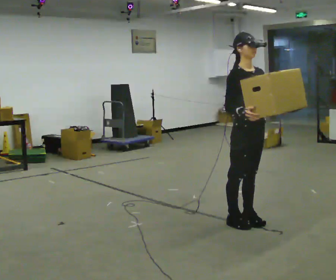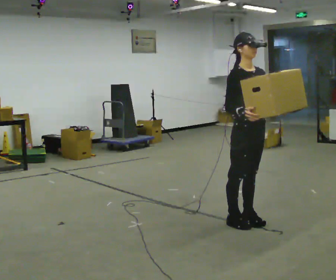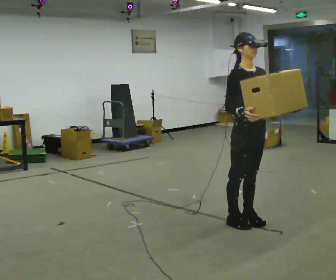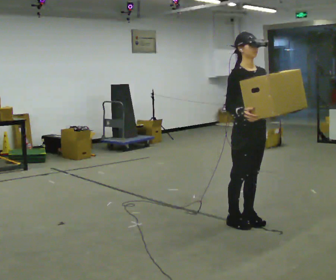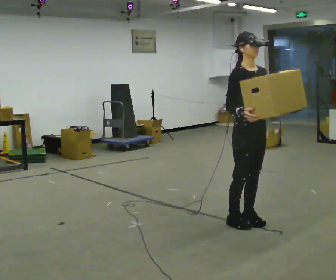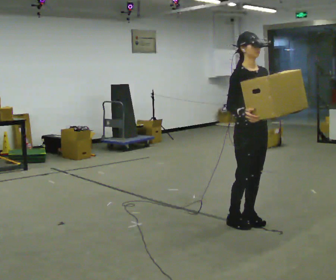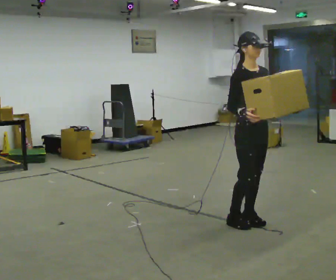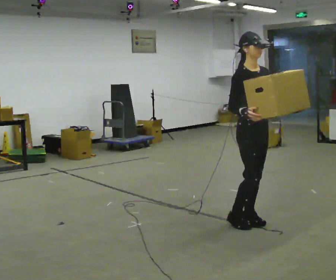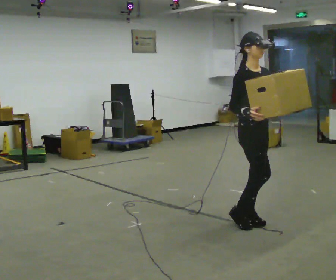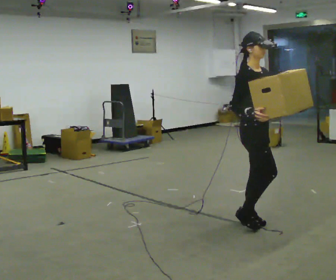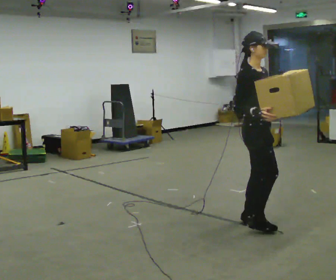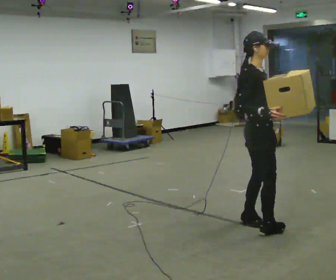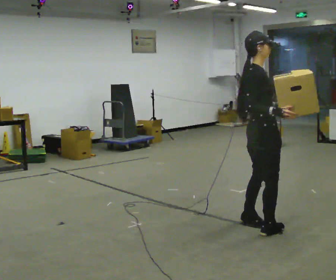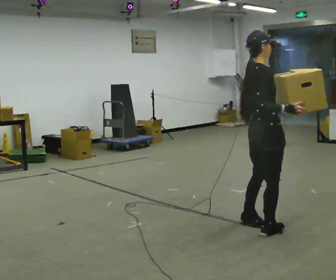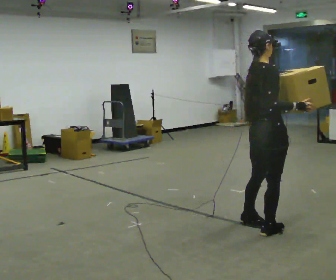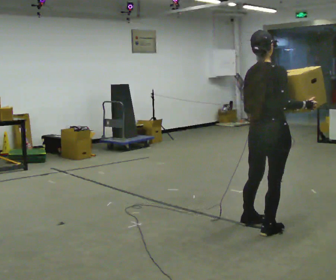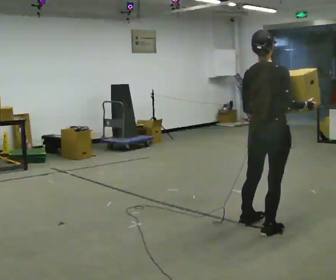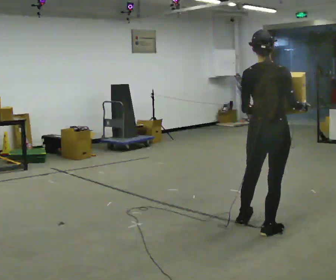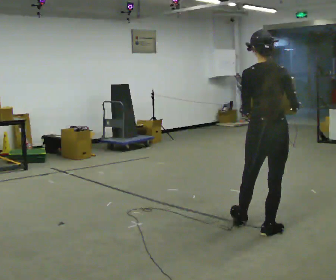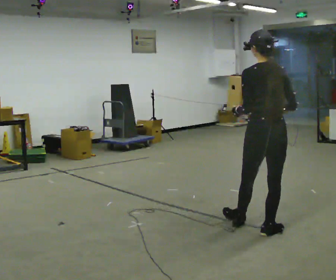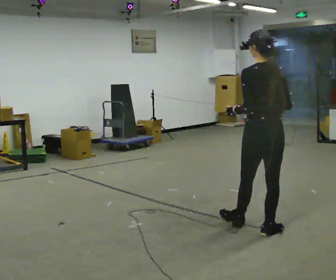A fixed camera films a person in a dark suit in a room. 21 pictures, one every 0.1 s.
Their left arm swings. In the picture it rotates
clockwise.
The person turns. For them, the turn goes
to their left.
0.0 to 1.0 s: Seen from above the body turns counterclockwise, about 30 degrees: to their left, with its near side sliding to the right.
1.0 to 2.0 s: Seen from above the body turns counterclockwise, about 120 degrees: to their left, with its near side sliding to the right.
The film runs forward here.
